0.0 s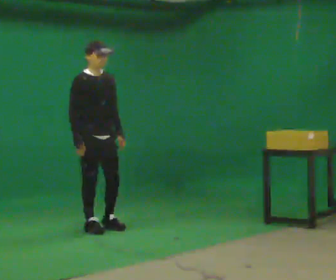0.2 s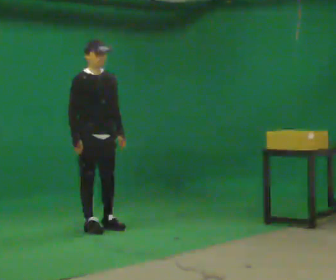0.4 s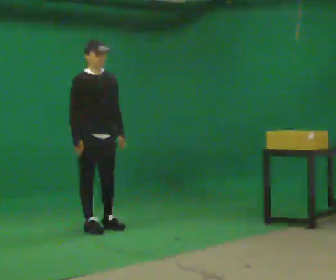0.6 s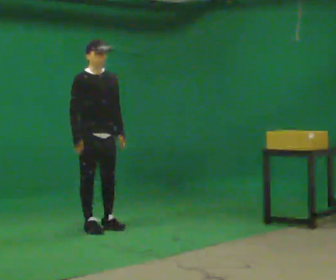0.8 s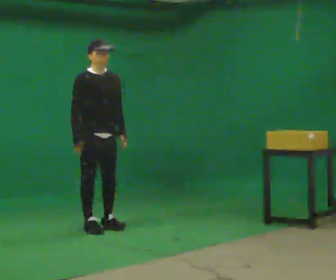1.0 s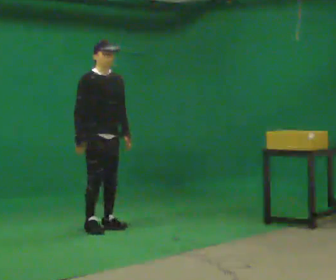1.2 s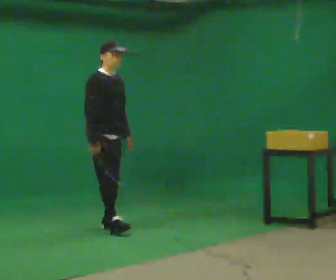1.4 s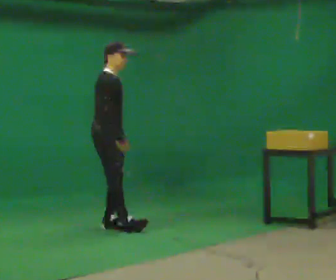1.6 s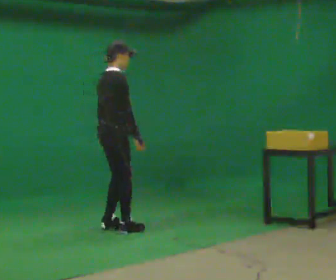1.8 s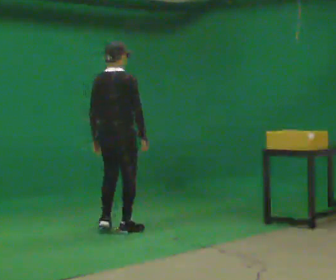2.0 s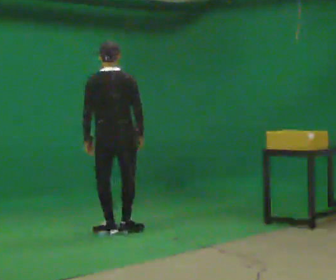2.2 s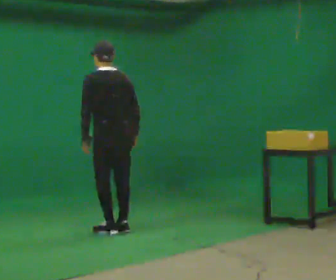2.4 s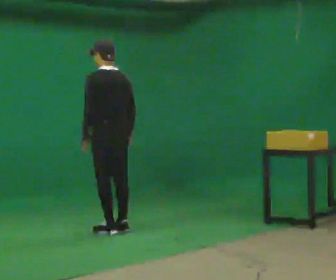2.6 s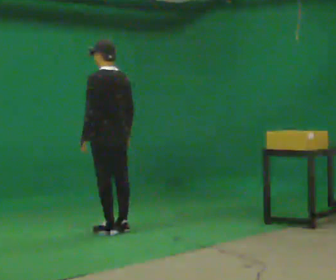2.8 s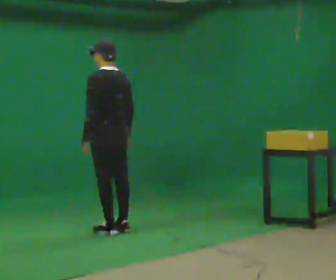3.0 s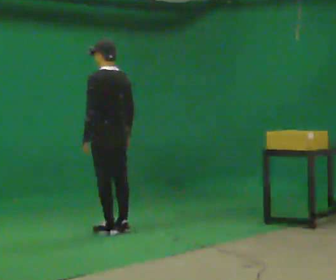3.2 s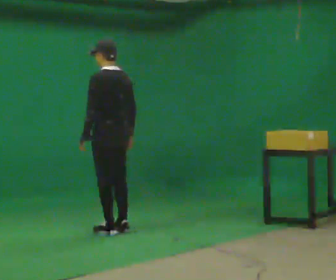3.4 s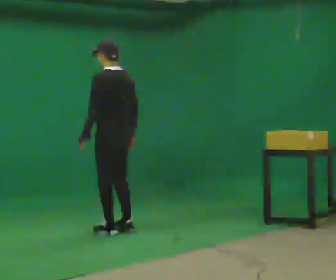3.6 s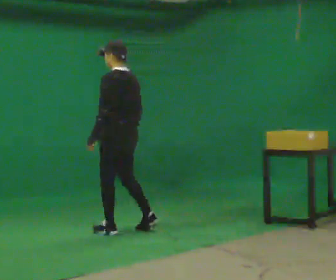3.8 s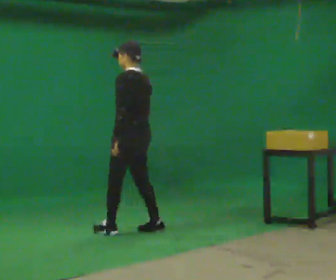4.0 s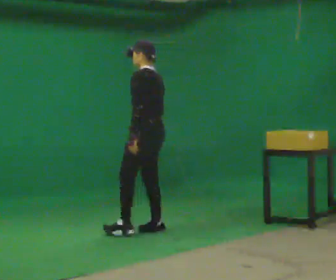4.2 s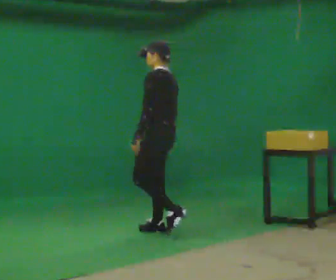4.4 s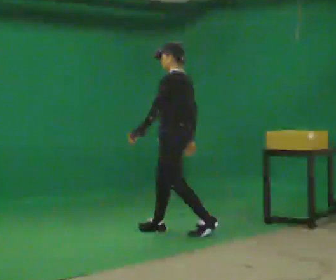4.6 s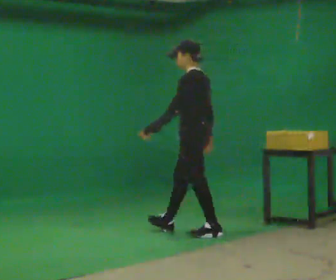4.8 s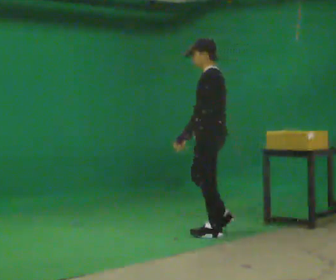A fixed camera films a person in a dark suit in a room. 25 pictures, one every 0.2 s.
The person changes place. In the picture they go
to the right.
The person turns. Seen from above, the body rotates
counterclockwise.
0.0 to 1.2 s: The person moves a little, or ends about where they began.
1.2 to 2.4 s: The part of the body nearest the lens slides to the right as the person turns to their left by about 165 degrees. In the picture they go to the right, about 0.25 m in 1 step. In the picture their left hand goes to the left, the arm swinging clockwise.
2.4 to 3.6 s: The person moves a little, or ends about where they began.
3.6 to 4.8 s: In the picture they go to the right, about 1 m in 2 steps, which for them is backward.
The film runs backward here.
